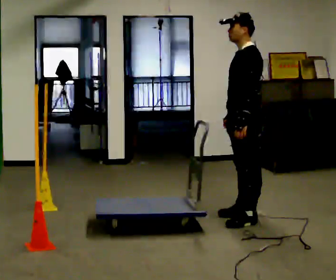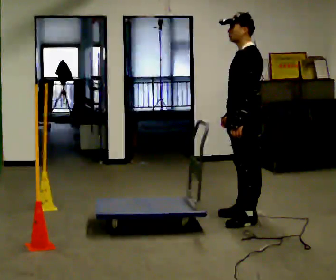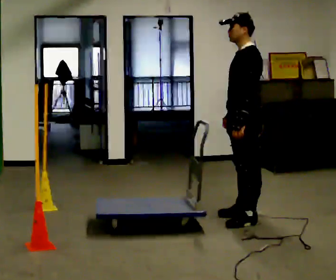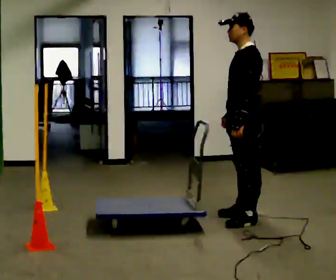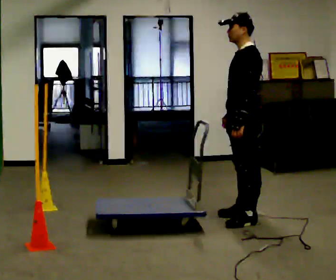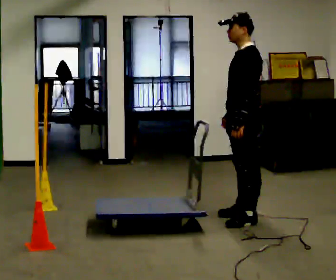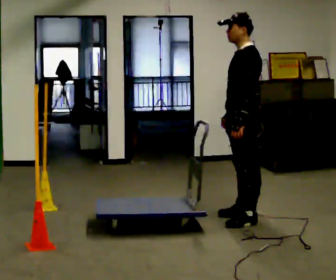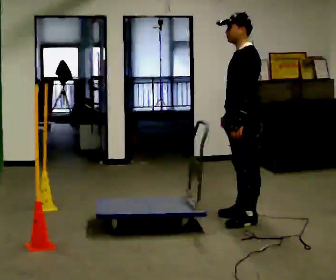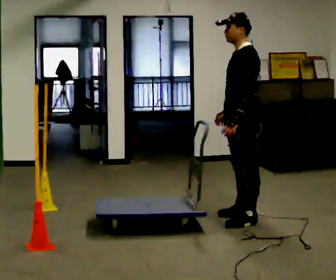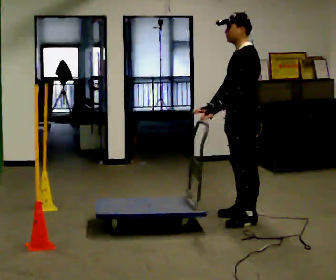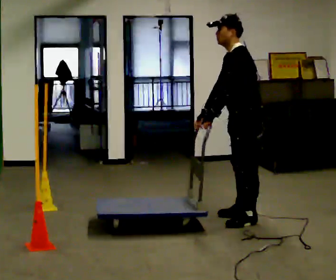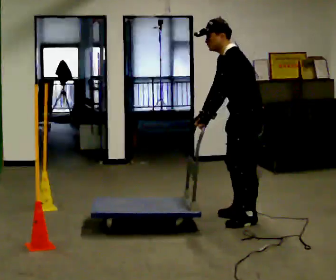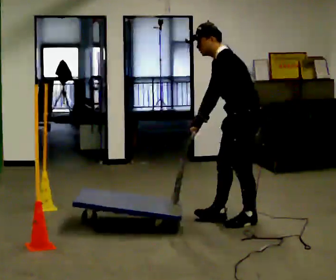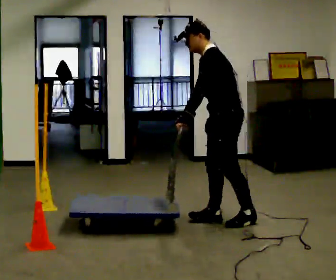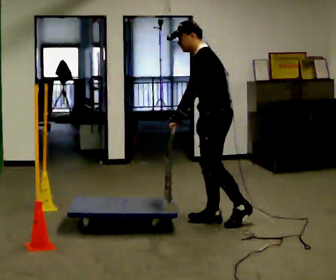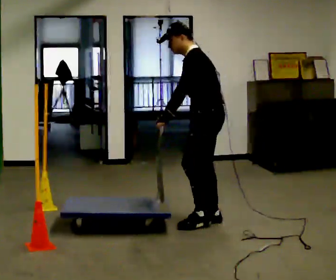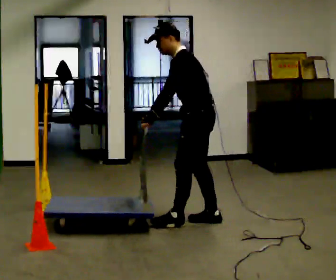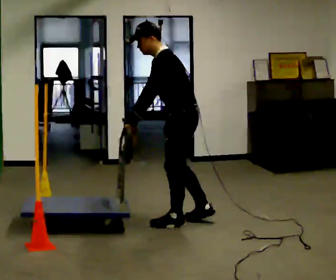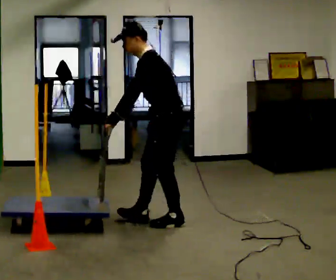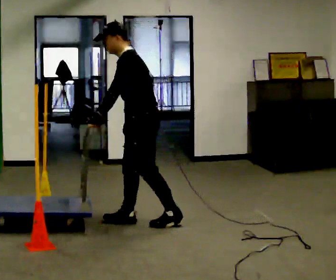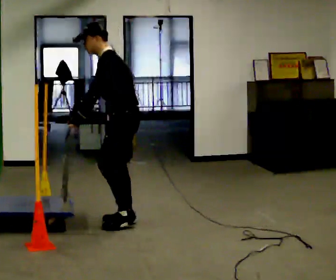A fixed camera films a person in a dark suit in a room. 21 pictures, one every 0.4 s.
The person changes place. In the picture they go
to the left.
0.0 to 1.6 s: The person keeps their place and pose.
1.6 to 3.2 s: The person moves a little, or ends about where they began.
3.2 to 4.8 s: In the picture the upper body tilts counterclockwise, shoulders to the left, as they bend forward.
4.8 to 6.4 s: In the picture they go to the left, about 0.25 m in 2 steps, which for them is forward.
6.4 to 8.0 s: In the picture they go to the left, about 0.5 m in 1 step, which for them is forward.
The film runs forward here.
